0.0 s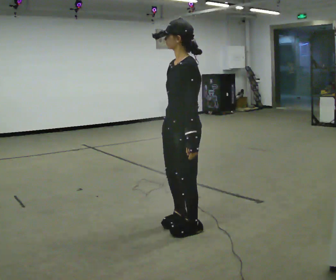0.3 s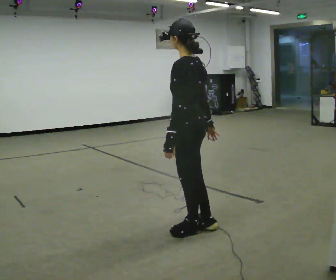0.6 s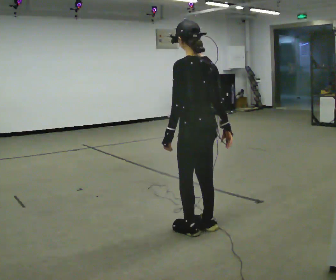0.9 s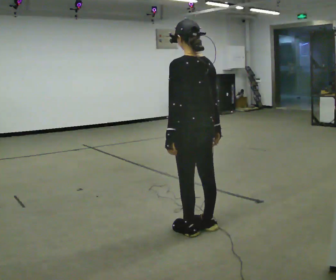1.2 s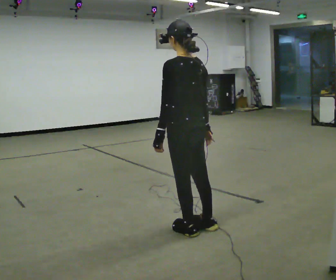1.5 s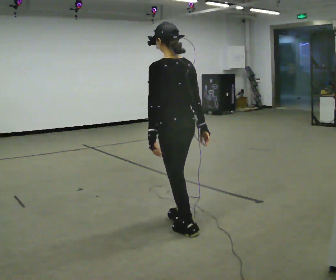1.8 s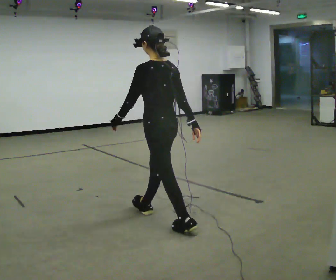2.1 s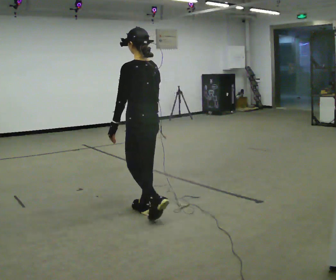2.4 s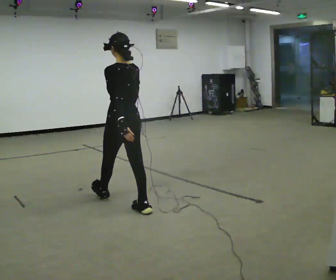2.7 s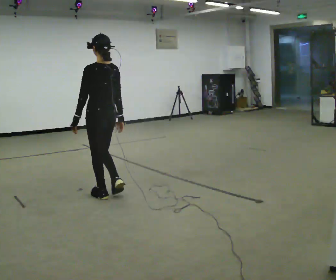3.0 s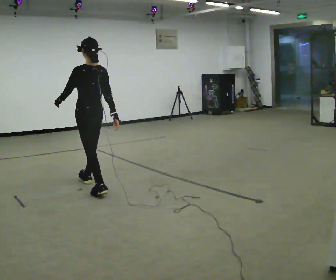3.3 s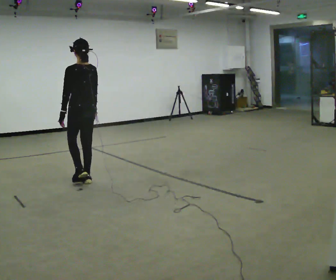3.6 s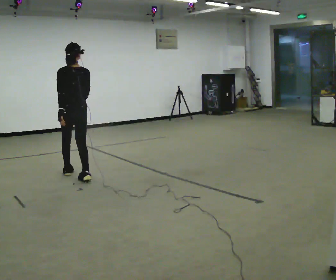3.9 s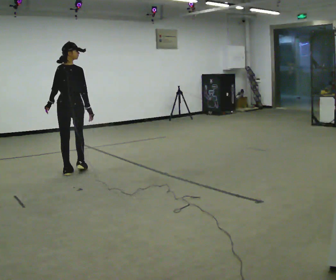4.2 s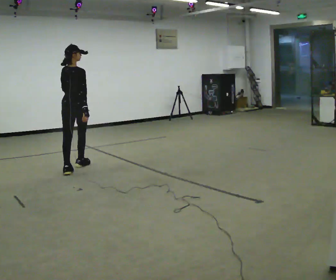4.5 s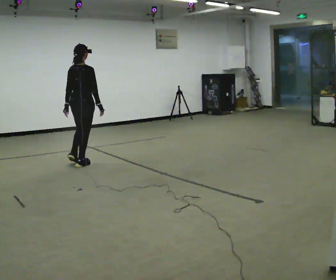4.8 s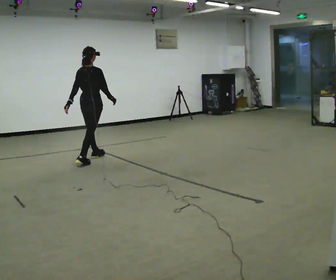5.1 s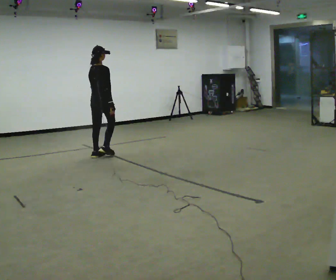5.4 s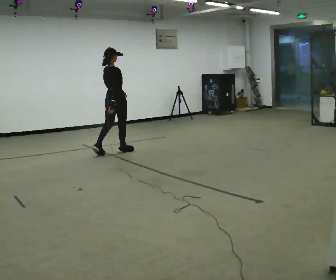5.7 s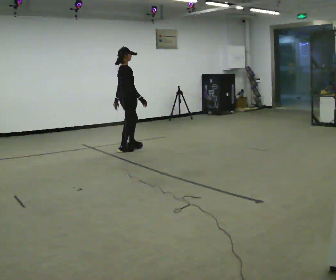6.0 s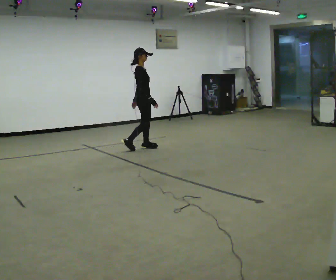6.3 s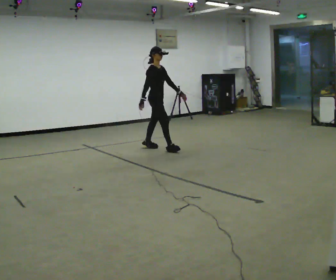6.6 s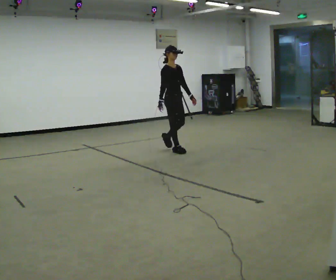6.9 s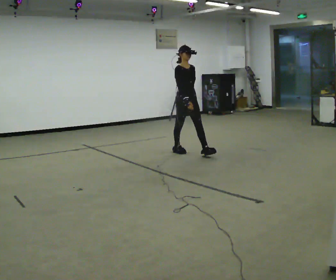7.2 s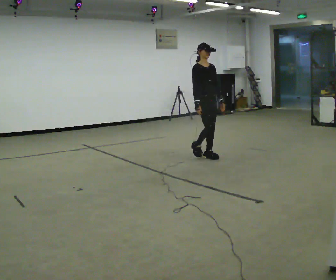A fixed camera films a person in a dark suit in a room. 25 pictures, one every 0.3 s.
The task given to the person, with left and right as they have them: Walk straight; turn around and walk back; use wide or tight turn.
0.0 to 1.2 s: The person turns about 75 degrees to their right, clockwise seen from above, so the part of the body nearest the lens slides to the left.
1.2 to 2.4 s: In the picture they go away from the camera and to the left, about 1 m in 1 step, which for them is forward.
2.4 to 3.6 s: In the picture they go away from the camera and to the left, about 1 m in 3 steps, which for them is forward.
3.6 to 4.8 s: Seen from above the body turns clockwise, about 45 degrees: to their right, with its near side sliding to the left. In the picture they go away from the camera, about 1 m in 2 steps, which for them is forward.
4.8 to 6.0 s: Seen from above the body turns clockwise, about 75 degrees: to their right, with its near side sliding to the left. In the picture they go to the right and away from the camera, about 1 m in 2 steps.
6.0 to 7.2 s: The part of the body nearest the lens slides to the left as the person turns to their right by about 60 degrees. In the picture they go toward the camera and to the right, about 1 m in 2 steps, which for them is forward.
The film runs forward here.
